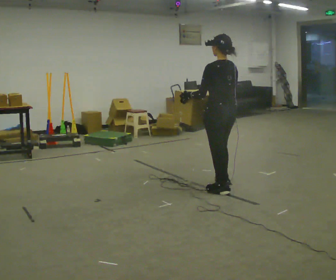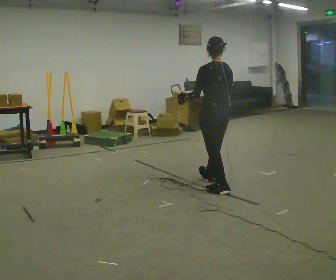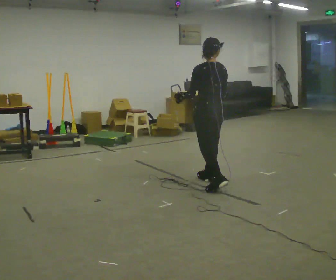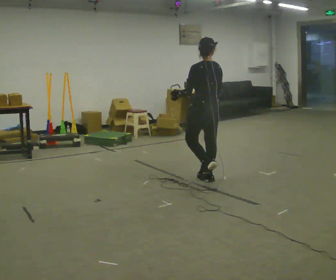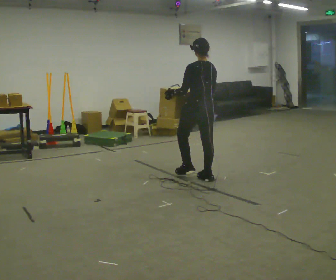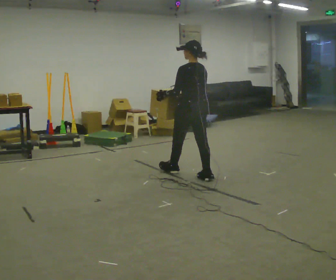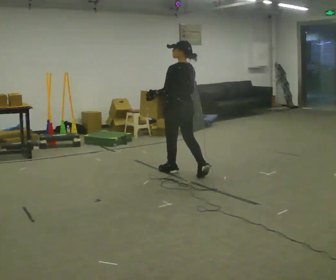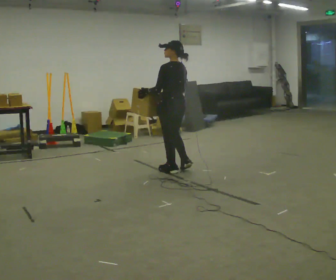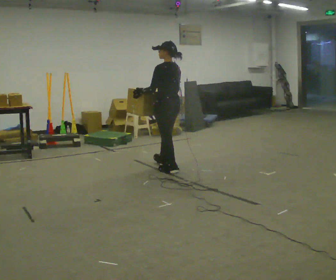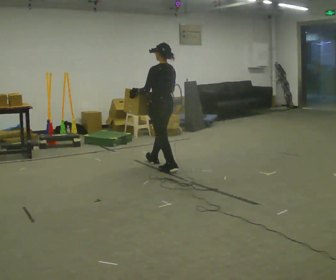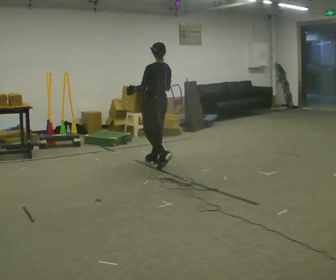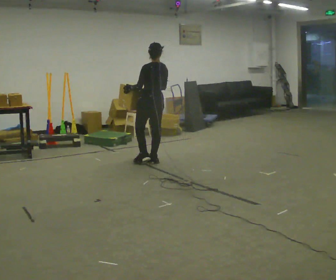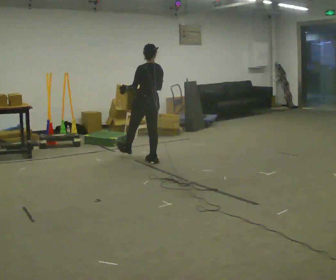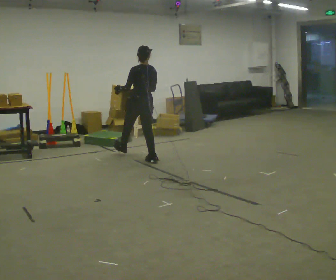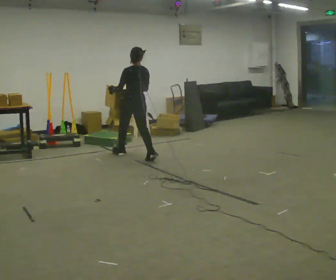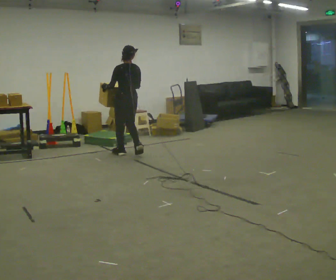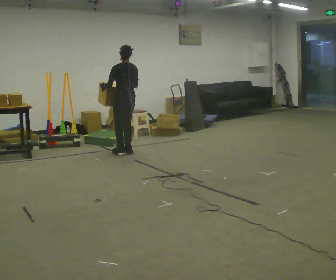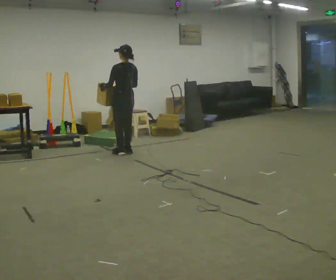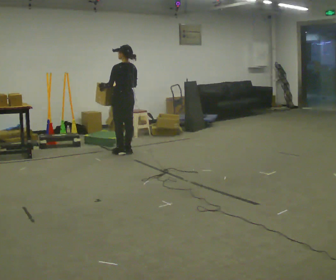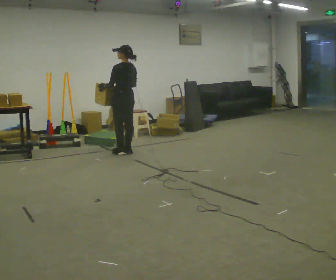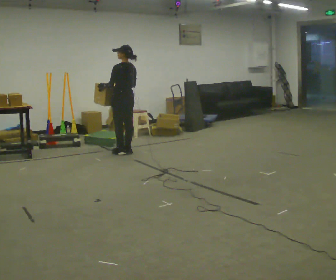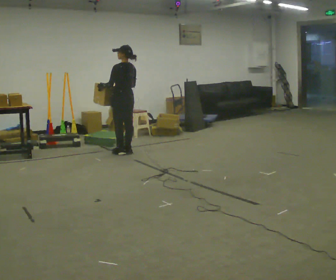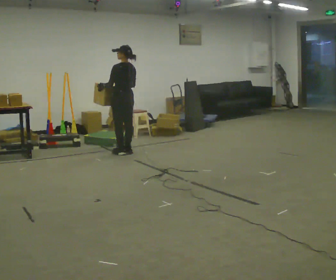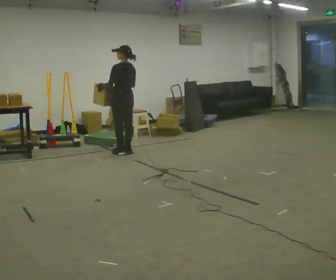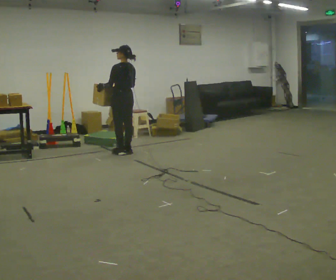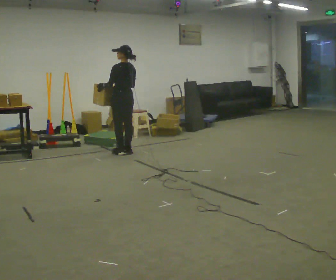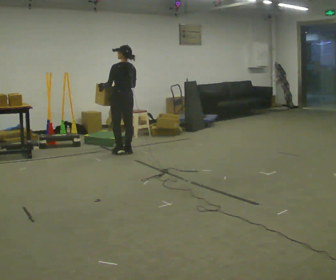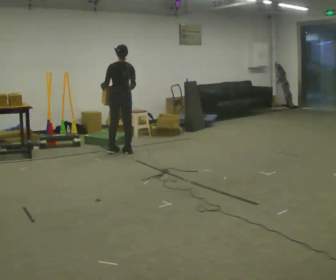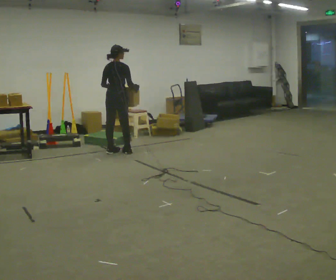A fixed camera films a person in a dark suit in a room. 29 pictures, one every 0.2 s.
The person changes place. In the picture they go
away from the camera.
0.0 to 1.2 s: In the picture they go away from the camera and to the left, about 1 m in 2 steps, which for them is forward.
1.2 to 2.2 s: In the picture they go away from the camera and to the left, about 0.75 m in 1 step, which for them is forward.
2.2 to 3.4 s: In the picture they go away from the camera and to the left, about 0.75 m in 2 steps, which for them is forward.
3.4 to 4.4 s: The person moves a little, or ends about where they began.
4.4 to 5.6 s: The person turns about 75 degrees to their right, clockwise seen from above, so the part of the body nearest the lens slides to the left.
The film runs forward here.
